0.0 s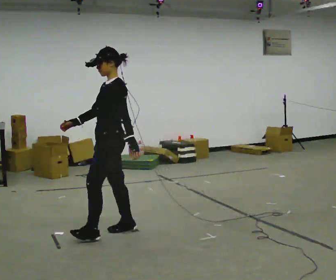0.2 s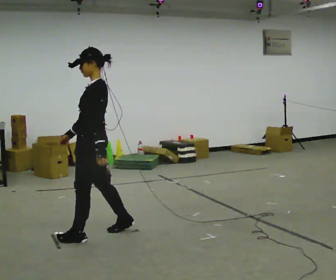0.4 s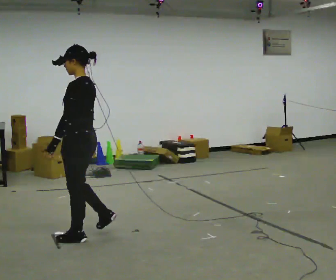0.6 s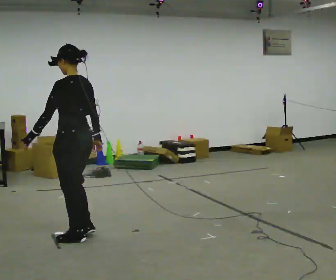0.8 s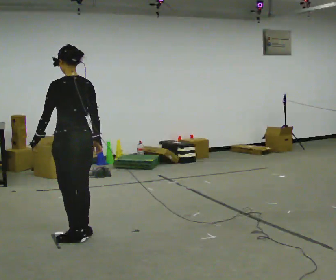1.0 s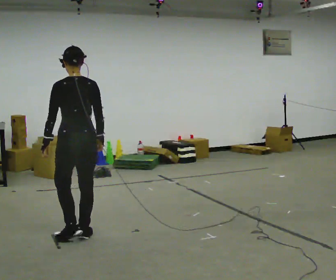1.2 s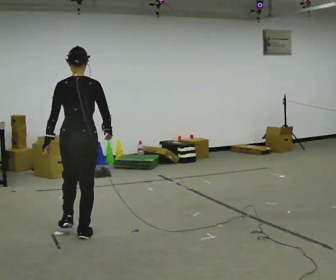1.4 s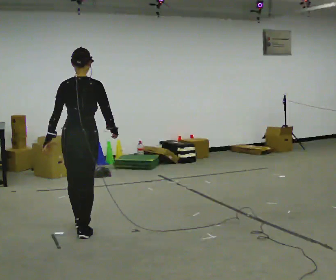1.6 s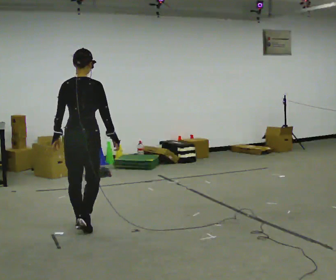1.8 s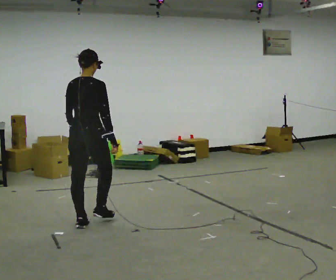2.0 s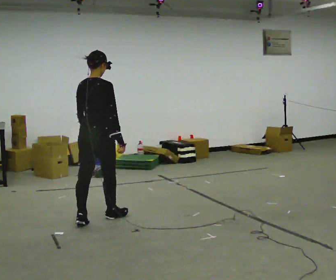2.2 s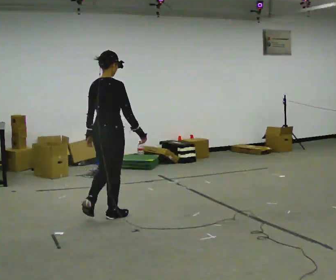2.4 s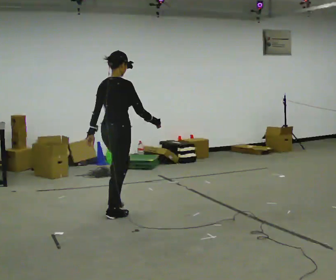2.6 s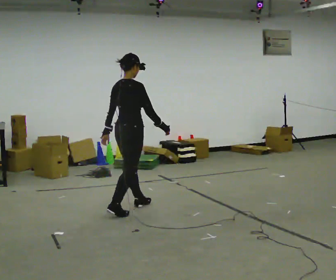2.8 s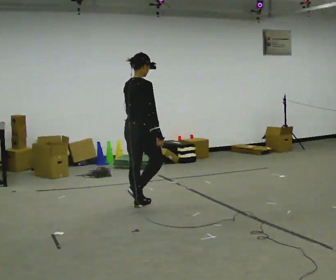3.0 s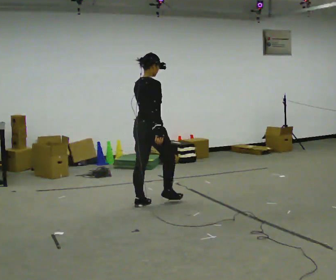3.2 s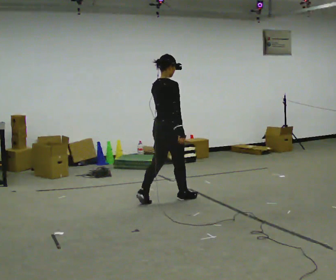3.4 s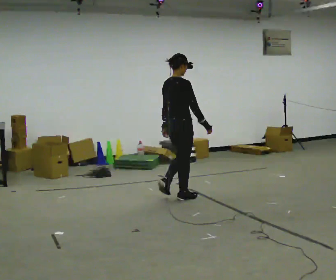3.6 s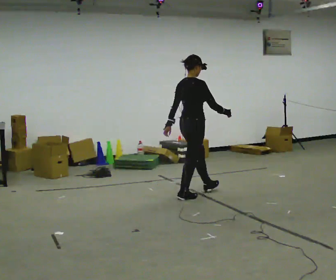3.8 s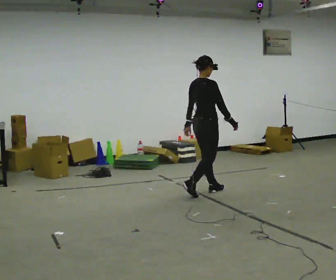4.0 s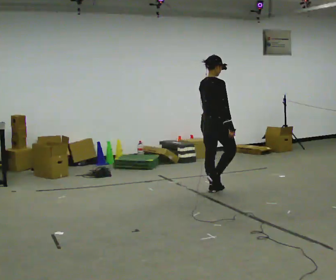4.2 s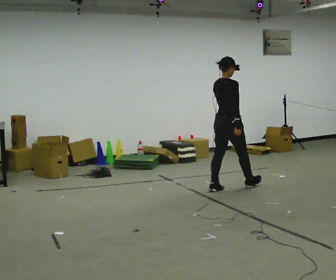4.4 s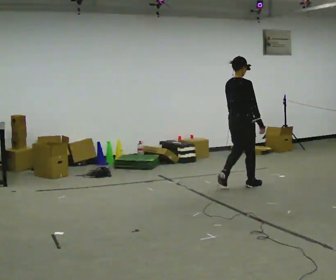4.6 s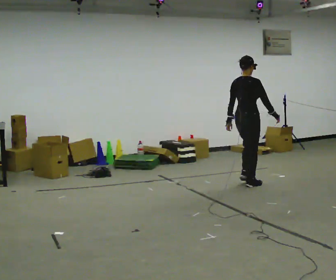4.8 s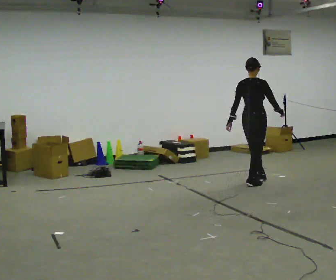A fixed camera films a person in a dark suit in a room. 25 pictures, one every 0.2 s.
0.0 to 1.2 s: The person turns about 105 degrees to their right, clockwise seen from above, so the part of the body nearest the lens slides to the left. In the picture they go to the left, about 0.25 m in 2 steps.
1.2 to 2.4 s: Seen from above the body turns clockwise, about 45 degrees: to their right, with its near side sliding to the left. In the picture they go away from the camera and to the right, about 0.5 m in 2 steps, which for them is forward.
2.4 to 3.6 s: In the picture they go to the right and away from the camera, about 1 m in 2 steps, which for them is forward.
3.6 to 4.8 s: In the picture they go to the right and away from the camera, about 1 m in 3 steps, which for them is forward.
The film runs forward here.
